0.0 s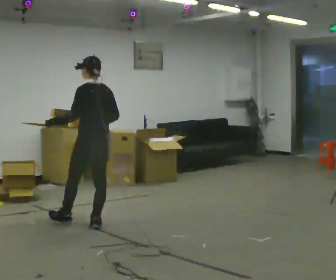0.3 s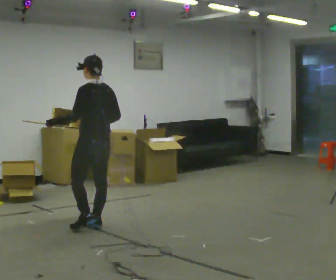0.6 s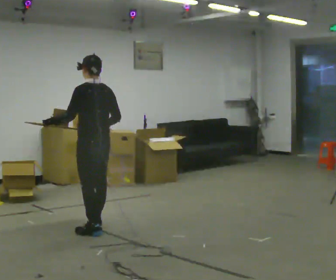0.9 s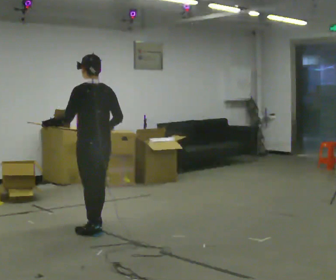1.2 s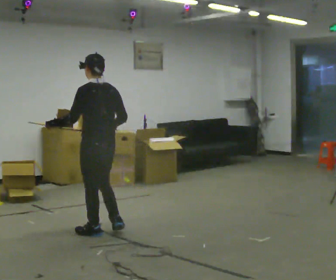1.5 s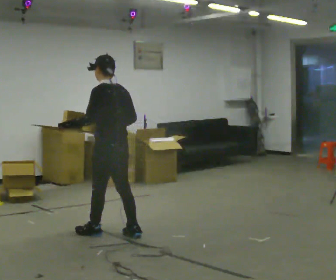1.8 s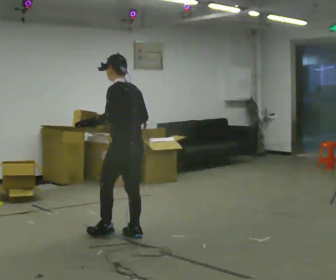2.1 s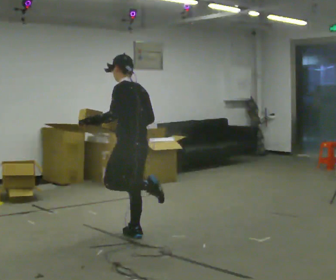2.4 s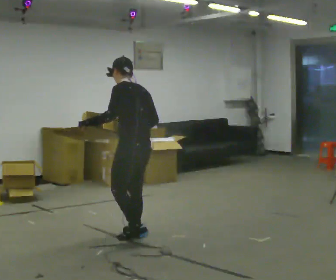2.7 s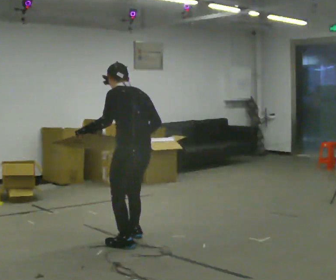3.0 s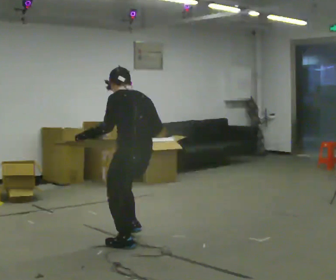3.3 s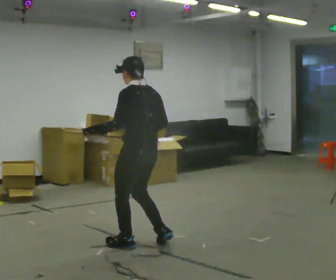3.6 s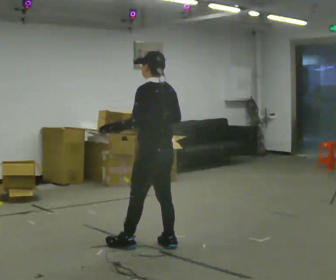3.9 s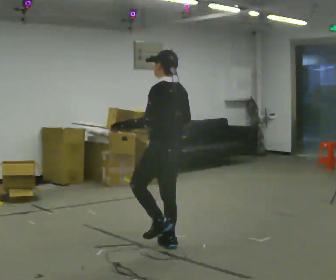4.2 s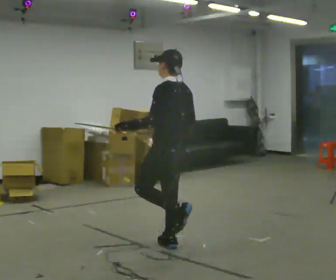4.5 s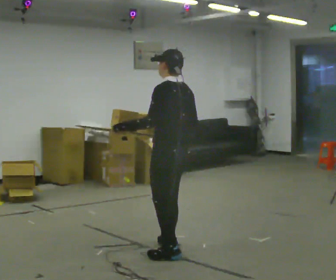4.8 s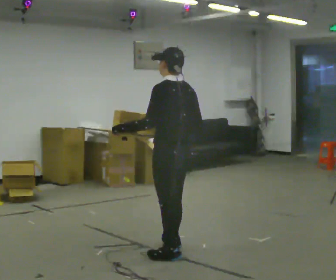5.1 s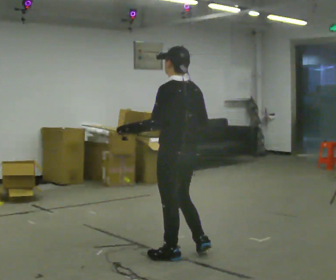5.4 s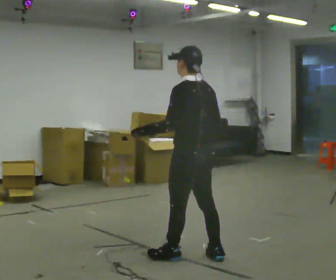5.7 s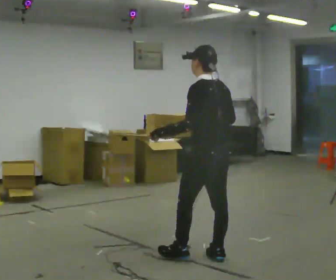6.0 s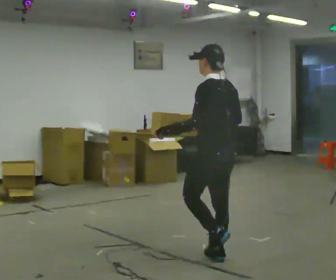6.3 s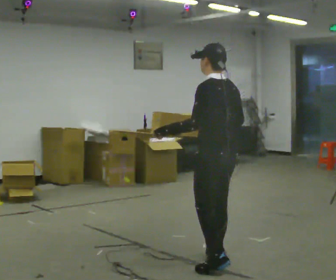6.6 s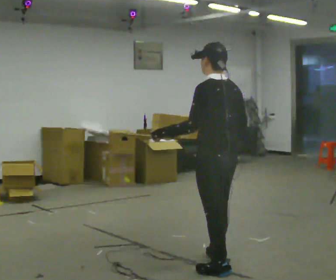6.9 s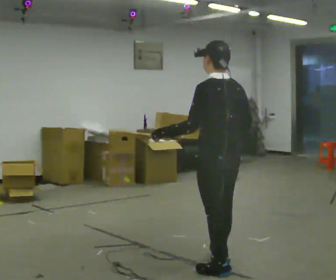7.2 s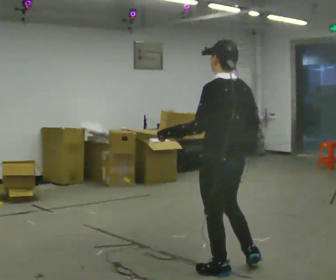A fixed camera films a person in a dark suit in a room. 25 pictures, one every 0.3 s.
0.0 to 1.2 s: In the picture they go toward the camera, about 0.25 m in 1 step, which for them is backward and to their left.
1.2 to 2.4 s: In the picture they go to the right and toward the camera, about 0.25 m in 1 step, which for them is backward.
2.4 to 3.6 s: In the picture they go toward the camera and to the right, about 0.25 m in 1 step, which for them is backward.
3.6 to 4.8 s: In the picture they go toward the camera, about 0.25 m in 2 steps, which for them is backward and to their left.
4.8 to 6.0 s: In the picture they go to the right, about 0.25 m in 1 step, which for them is backward and to their right.
6.0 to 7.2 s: In the picture they go toward the camera, about 0.25 m in 1 step, which for them is backward and to their left.
The film runs backward here.
